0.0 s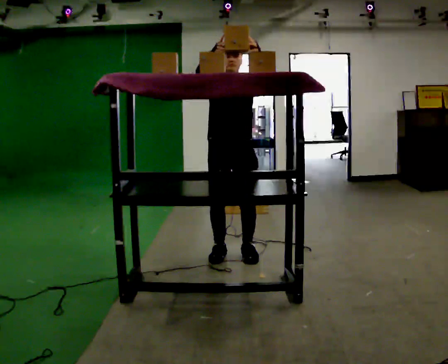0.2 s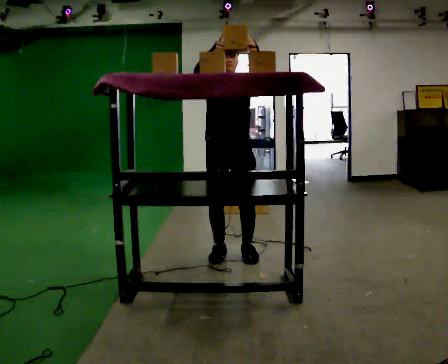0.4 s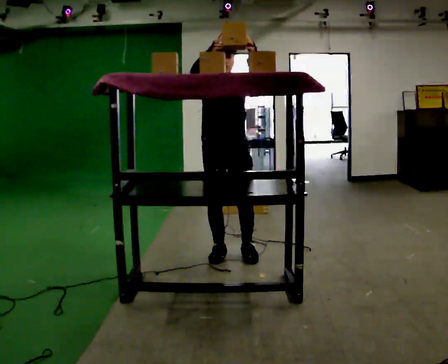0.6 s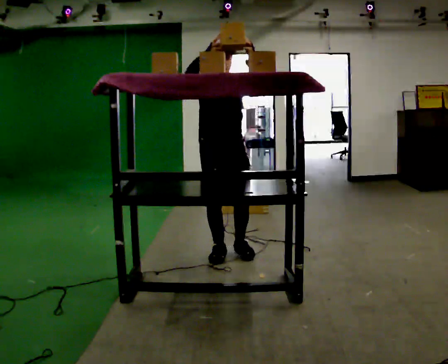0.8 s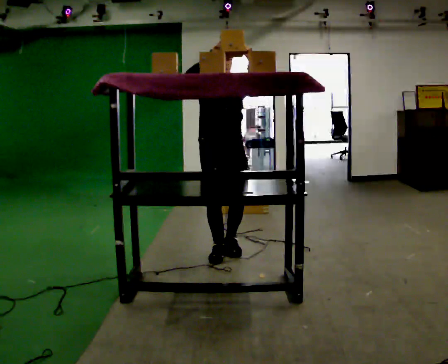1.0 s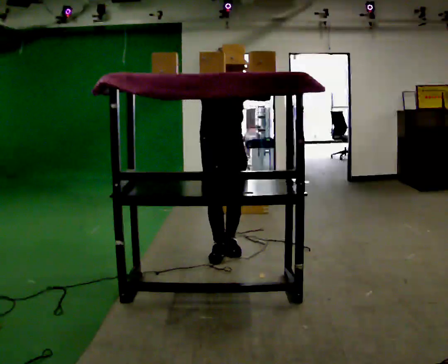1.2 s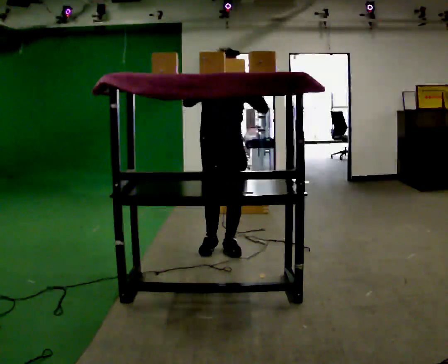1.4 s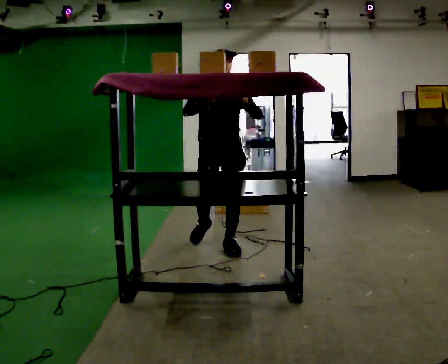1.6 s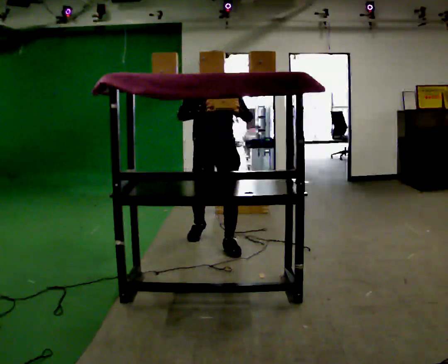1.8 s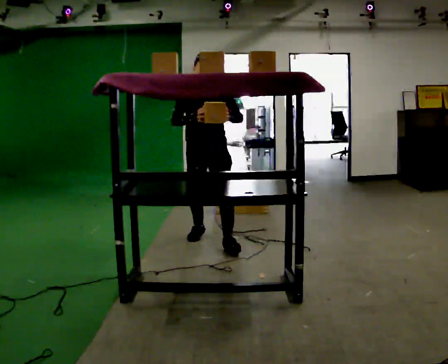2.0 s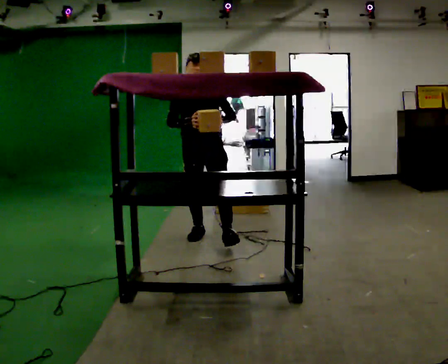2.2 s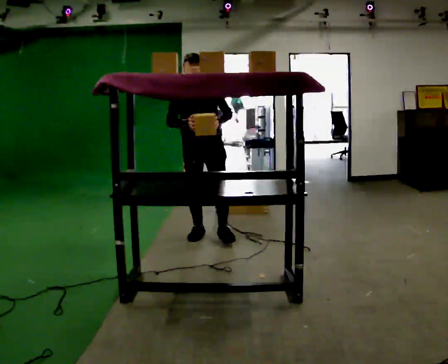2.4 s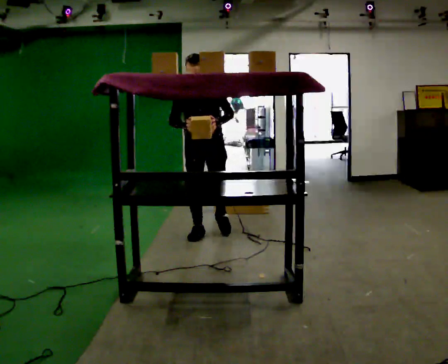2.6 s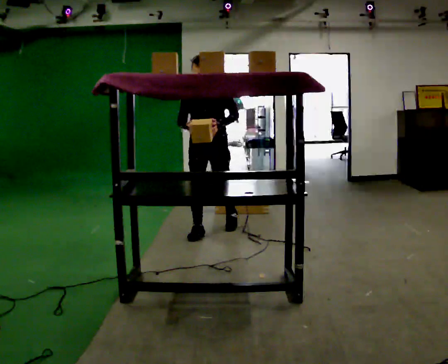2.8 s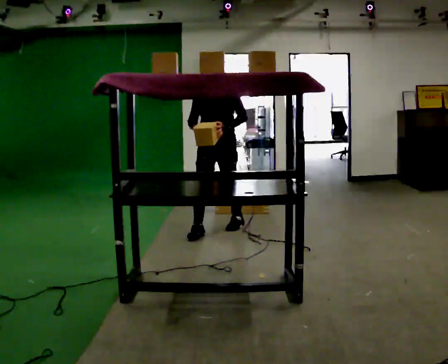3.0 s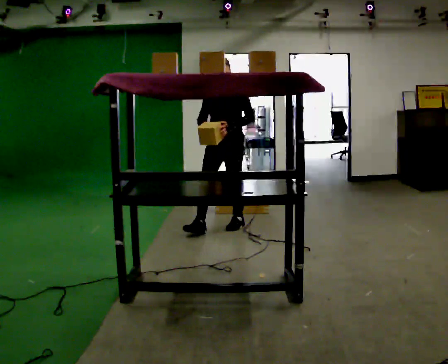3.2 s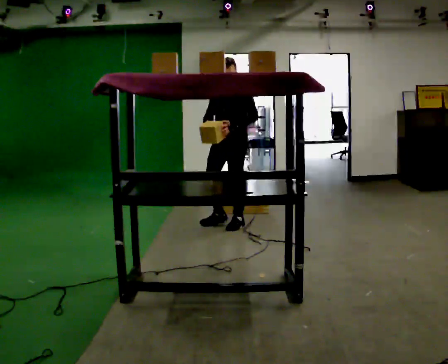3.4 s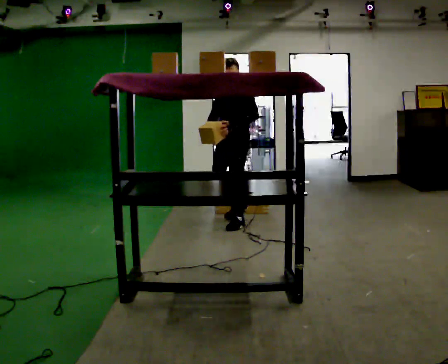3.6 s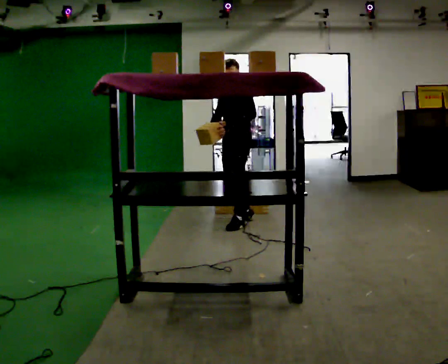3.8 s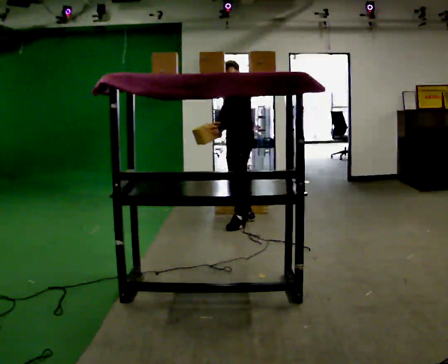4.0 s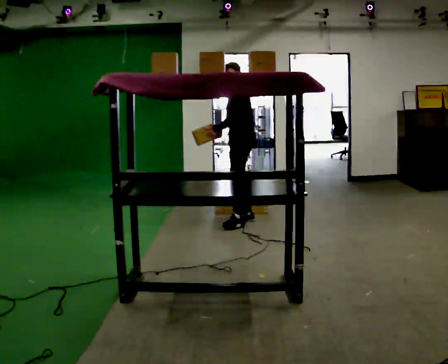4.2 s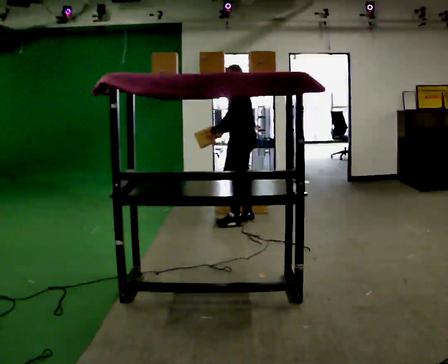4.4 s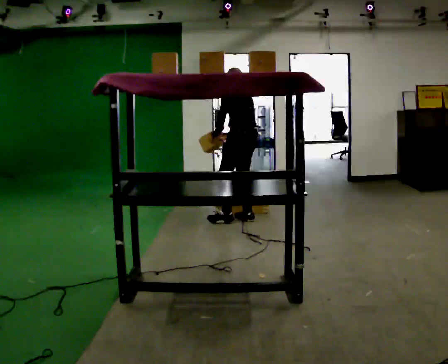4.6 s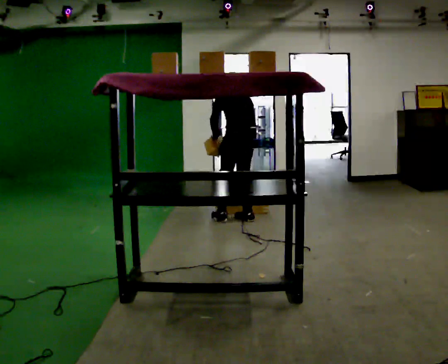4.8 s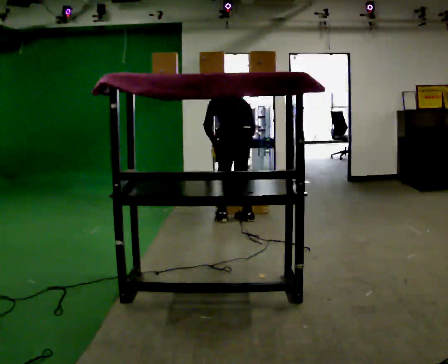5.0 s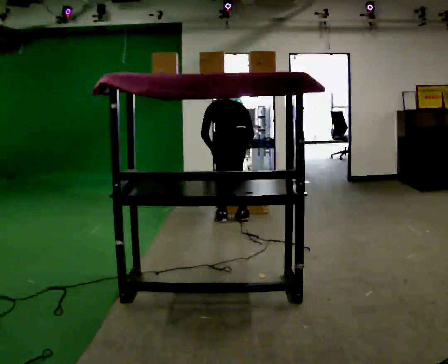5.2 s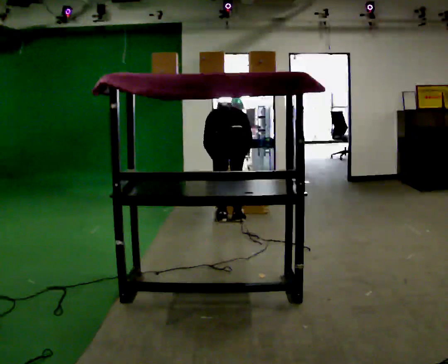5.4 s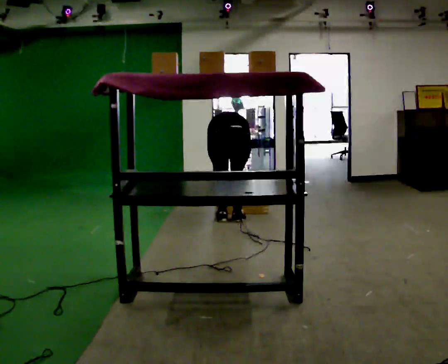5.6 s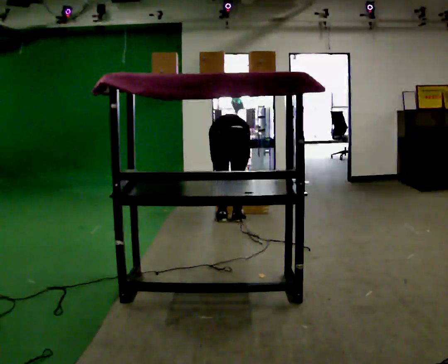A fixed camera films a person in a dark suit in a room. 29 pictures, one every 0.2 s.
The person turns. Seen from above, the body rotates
clockwise.
The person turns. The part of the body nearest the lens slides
to the left.
0.0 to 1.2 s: In the picture they go away from the camera, about 0.25 m in 2 steps, which for them is backward.
1.2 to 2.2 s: In the picture they go away from the camera, about 0.5 m in 1 step, which for them is backward. In the picture their right hand goes downward.
2.2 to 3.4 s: Seen from above the body turns clockwise, about 45 degrees: to their right, with its near side sliding to the left. In the picture they go away from the camera and to the right, about 0.5 m in 1 step, which for them is backward.
3.4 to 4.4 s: Seen from above the body turns clockwise, about 75 degrees: to their right, with its near side sliding to the left. In the picture they go away from the camera, about 0.25 m in 1 step.
4.4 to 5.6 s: Seen from above the body turns clockwise, about 60 degrees: to their right, with its near side sliding to the left. In the picture they go to the left, about 0.25 m in 1 step, which for them is to their left. The shoulders move downward. The upper body tips away from the camera, its near side rolling upward, as they bend forward. In the picture their left hand goes downward.
The film runs backward here.
